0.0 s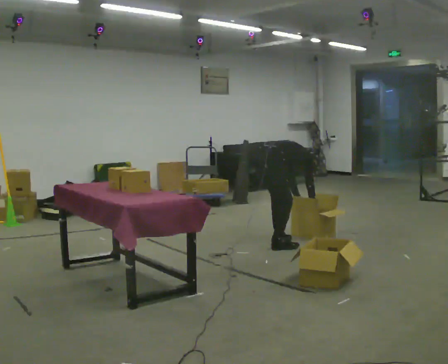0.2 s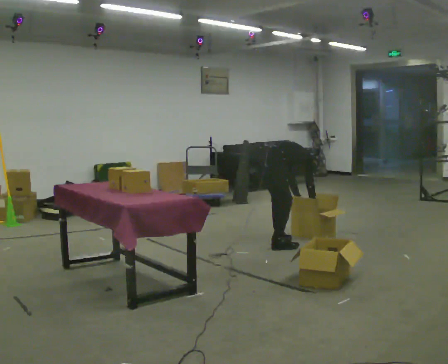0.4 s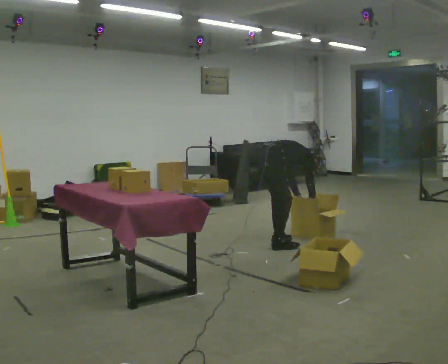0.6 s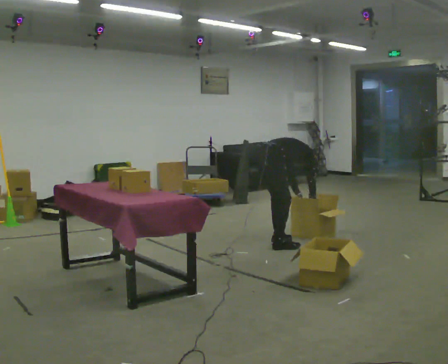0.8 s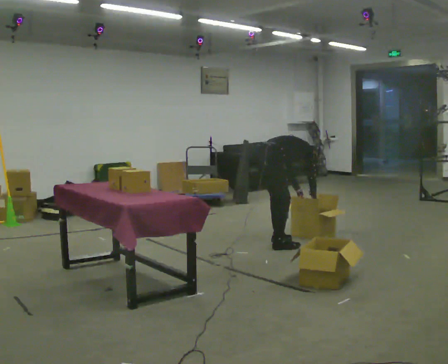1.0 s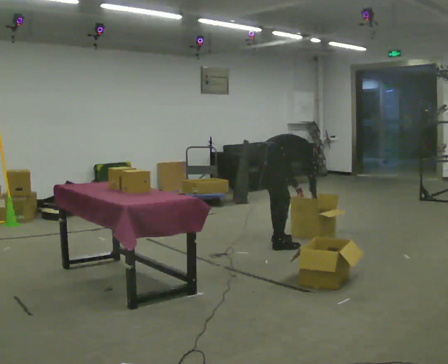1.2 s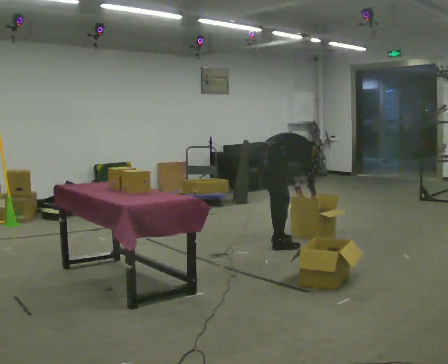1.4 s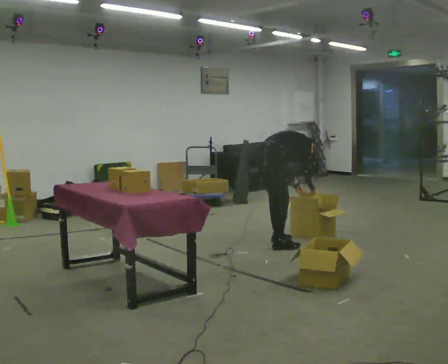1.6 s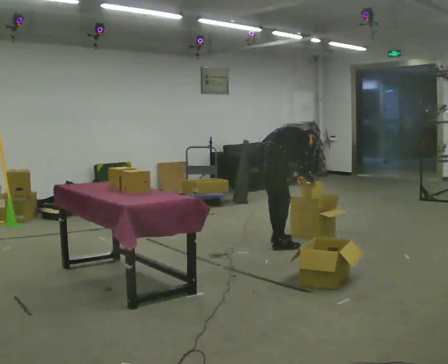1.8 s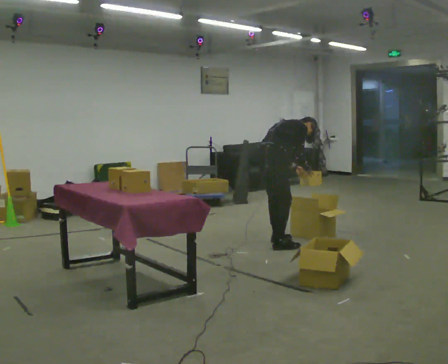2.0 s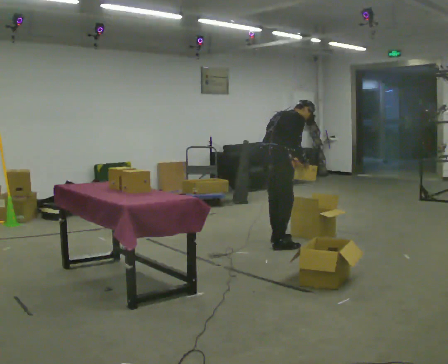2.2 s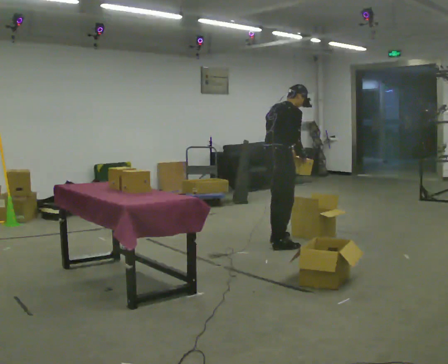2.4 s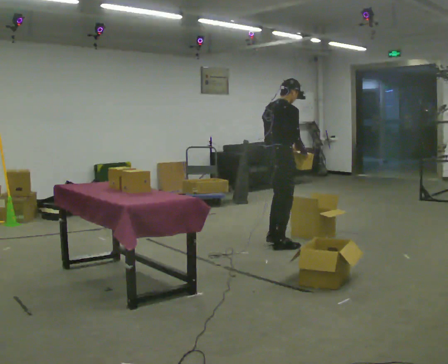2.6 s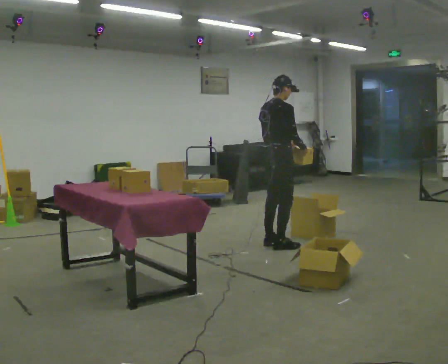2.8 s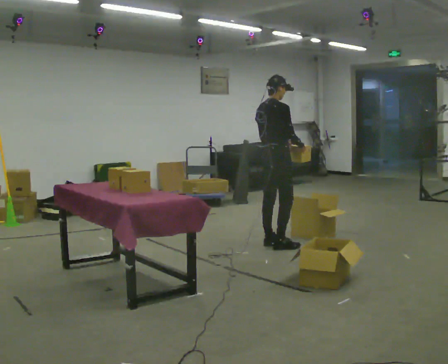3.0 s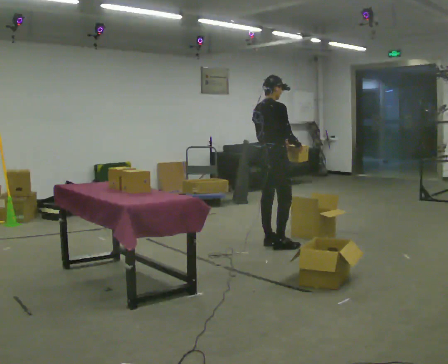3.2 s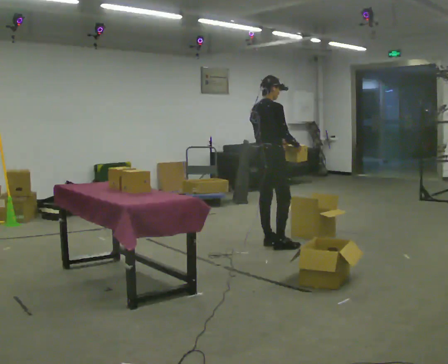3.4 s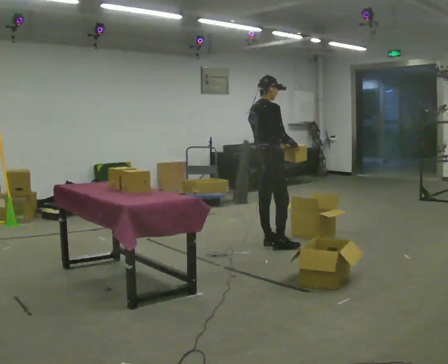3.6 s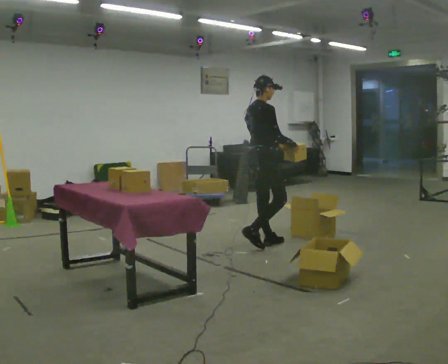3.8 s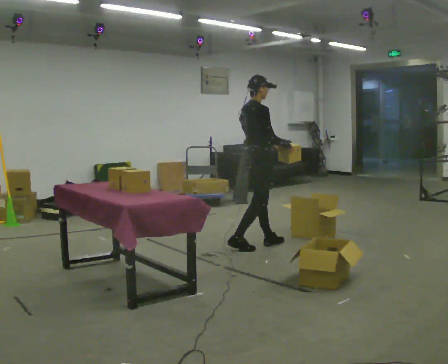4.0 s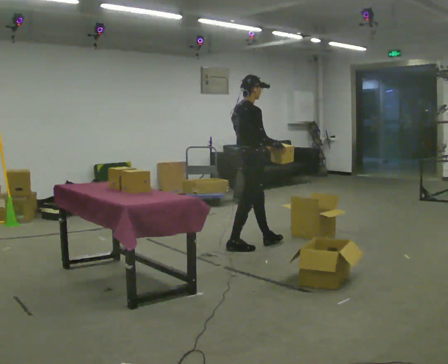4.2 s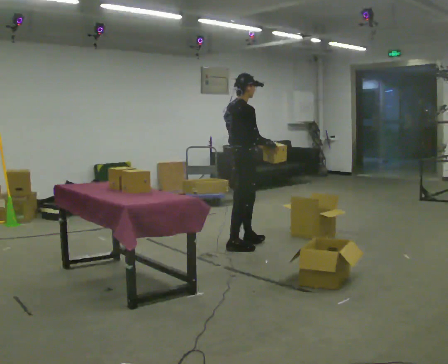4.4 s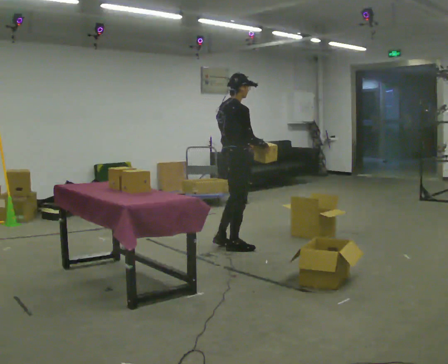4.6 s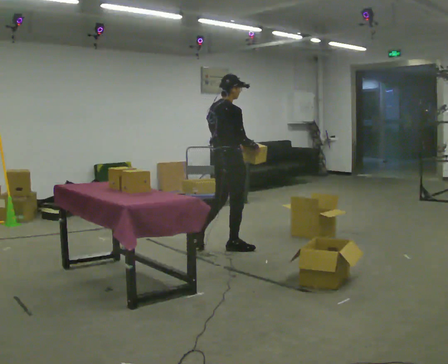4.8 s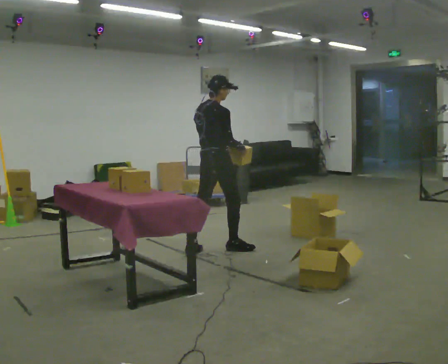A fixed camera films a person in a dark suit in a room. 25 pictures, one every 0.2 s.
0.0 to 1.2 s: In the picture the upper body tilts counterclockwise, shoulders to the left.
1.2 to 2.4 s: In the picture they go toward the camera, about 0.25 m, which for them is to their right. The upper body goes upward. In the picture the upper body tilts counterclockwise, shoulders to the left, as they lean back or straighten. In the picture their right hand goes upward.
2.4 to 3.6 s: In the picture they go to the left, about 0.25 m in 1 step, which for them is to their left.
3.6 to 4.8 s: In the picture they go to the left and toward the camera, about 0.5 m in 1 step, which for them is backward.
The film runs backward here.
